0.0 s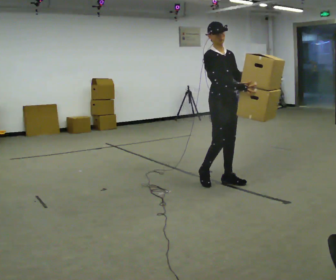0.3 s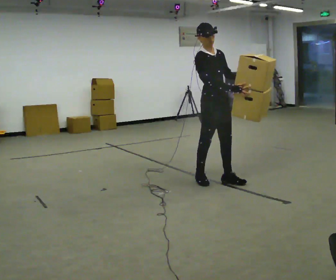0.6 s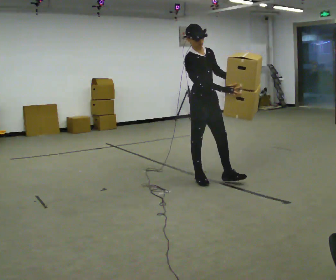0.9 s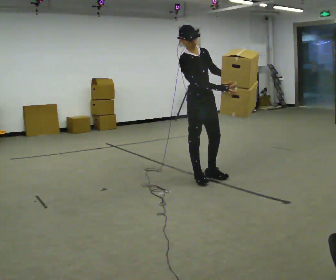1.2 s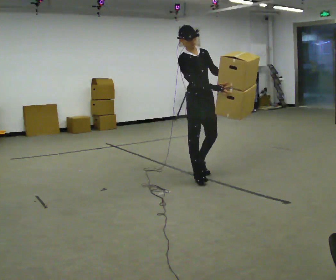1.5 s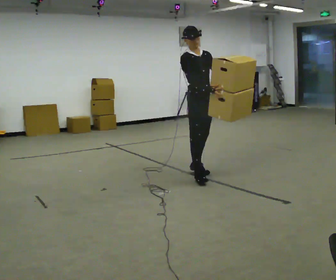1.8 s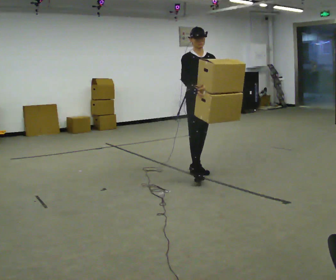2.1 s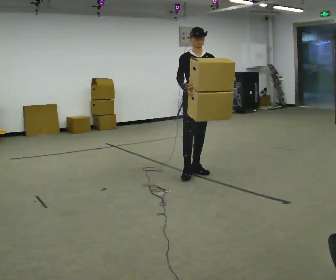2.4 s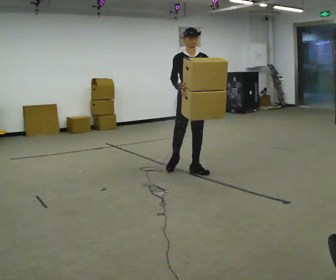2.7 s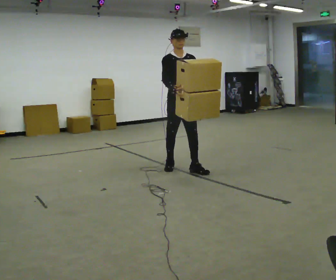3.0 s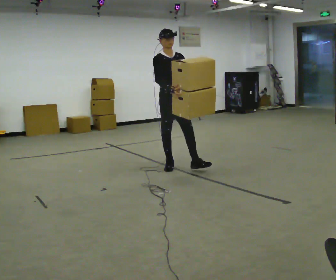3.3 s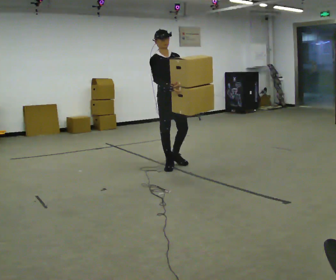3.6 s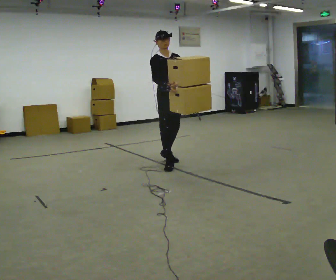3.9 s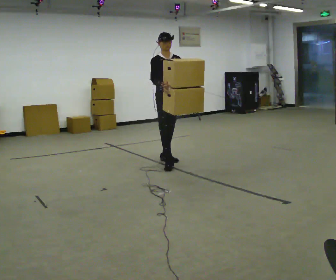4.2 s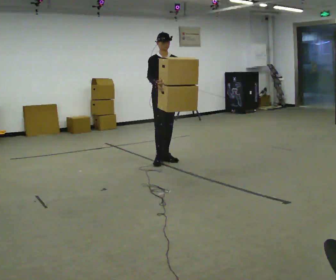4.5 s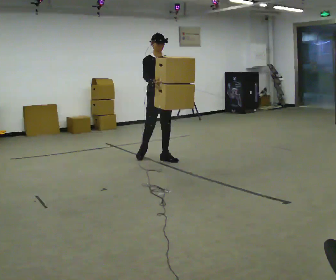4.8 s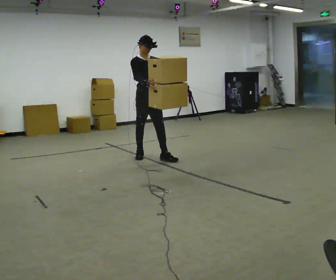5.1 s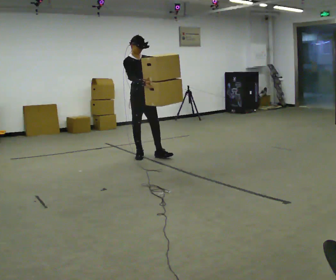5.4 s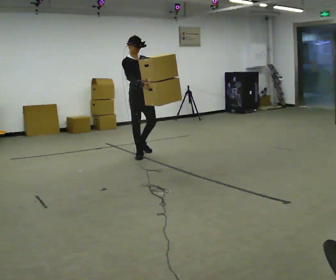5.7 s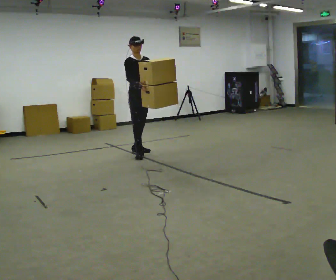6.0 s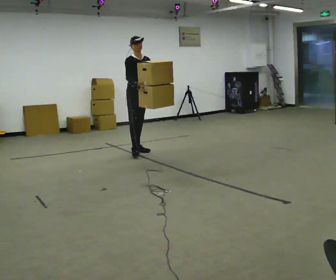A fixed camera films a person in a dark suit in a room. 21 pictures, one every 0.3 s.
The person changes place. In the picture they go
away from the camera.
0.0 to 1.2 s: In the picture they go to the left and away from the camera, about 0.25 m in 1 step, which for them is backward.
1.2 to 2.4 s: In the picture they go away from the camera, about 0.25 m in 1 step, which for them is backward.
2.4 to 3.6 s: In the picture they go away from the camera and to the left, about 0.5 m in 1 step, which for them is backward.
3.6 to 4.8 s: In the picture they go away from the camera and to the left, about 0.5 m in 1 step, which for them is backward.
4.8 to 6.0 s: In the picture they go away from the camera and to the left, about 0.5 m in 2 steps, which for them is backward.
The film runs backward here.
